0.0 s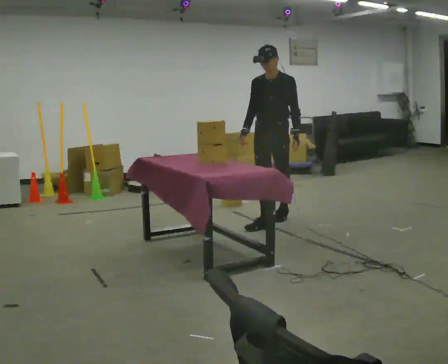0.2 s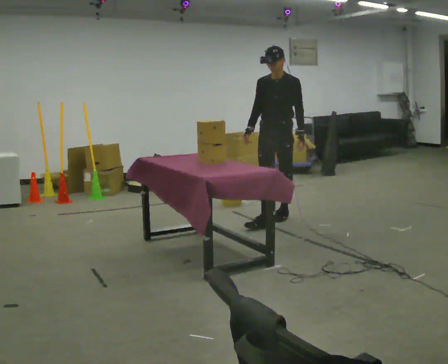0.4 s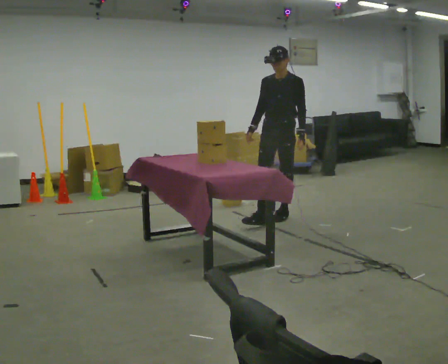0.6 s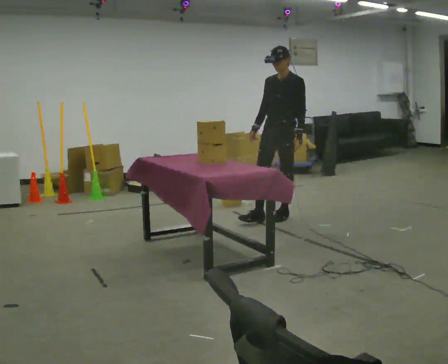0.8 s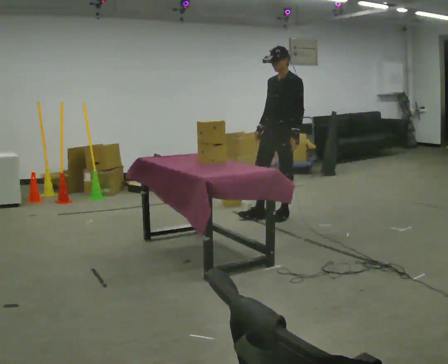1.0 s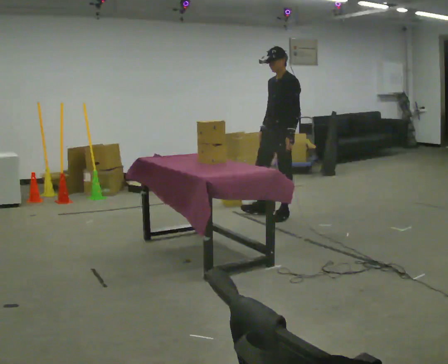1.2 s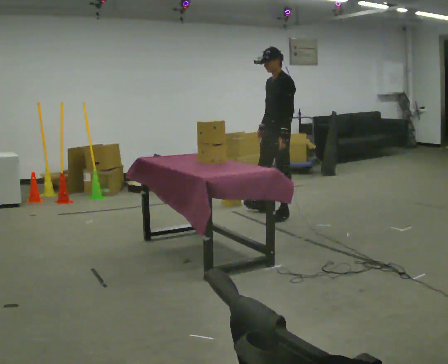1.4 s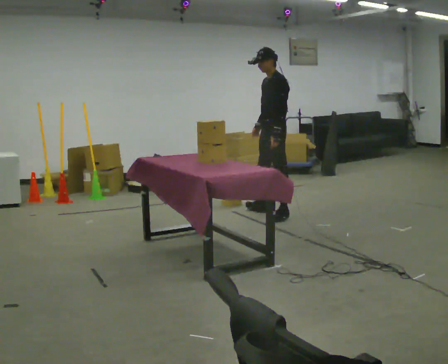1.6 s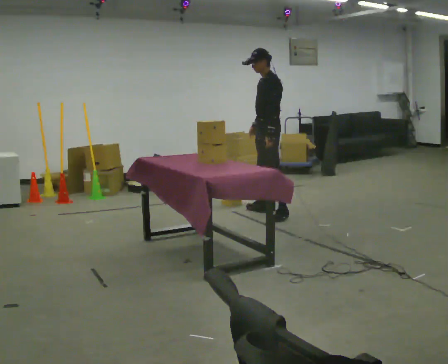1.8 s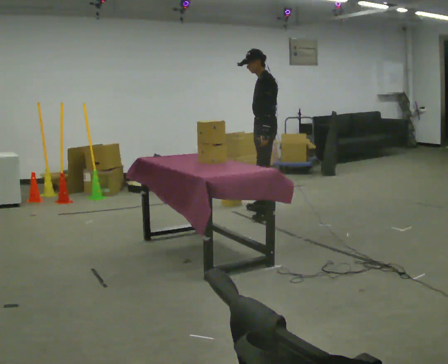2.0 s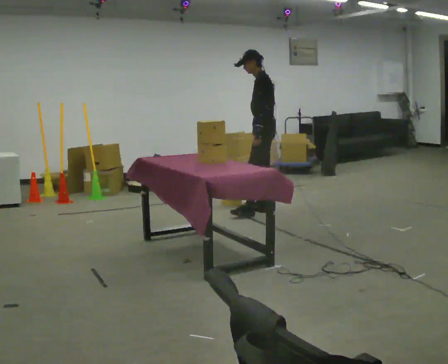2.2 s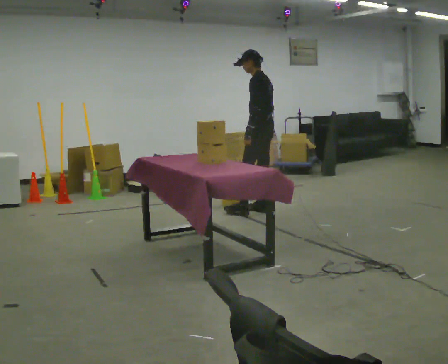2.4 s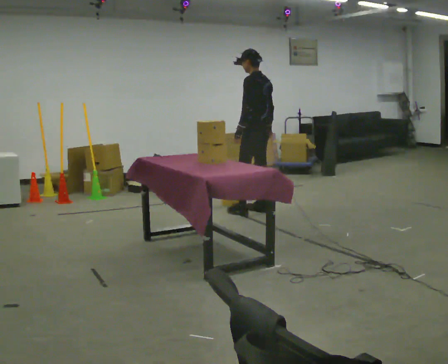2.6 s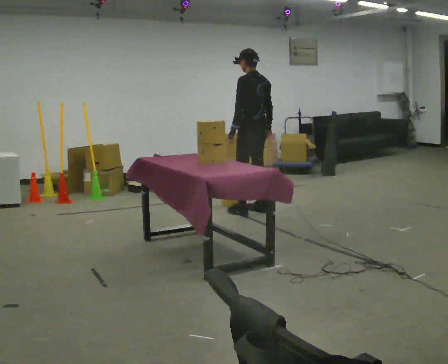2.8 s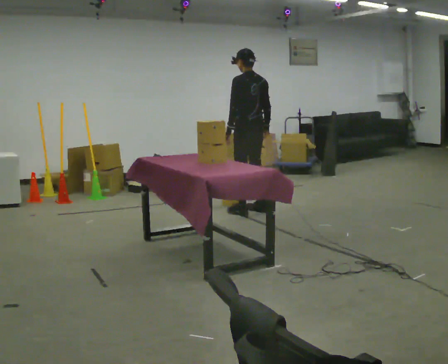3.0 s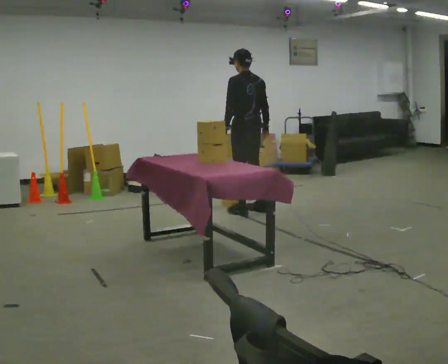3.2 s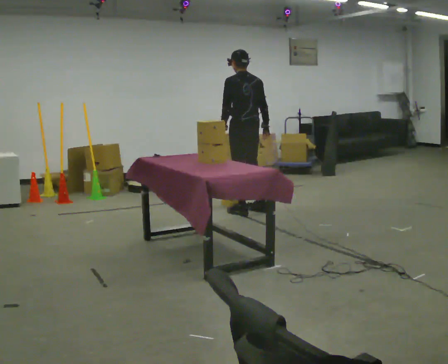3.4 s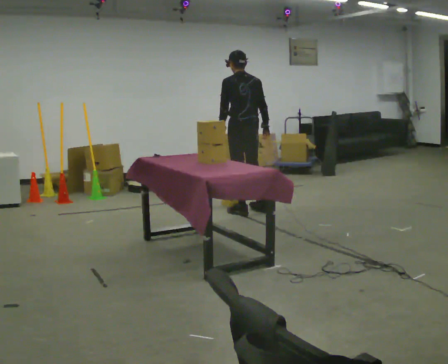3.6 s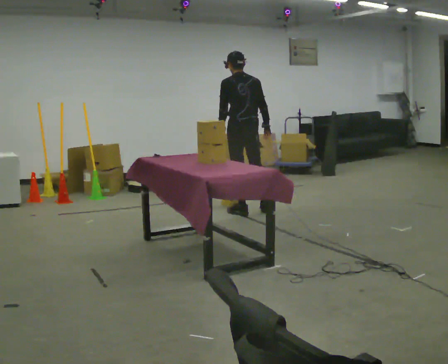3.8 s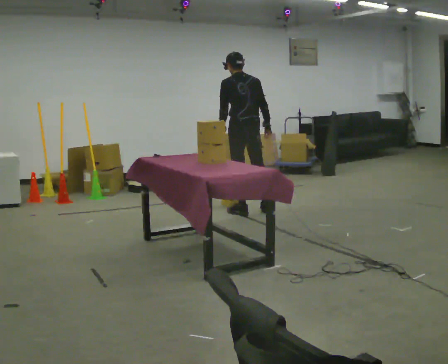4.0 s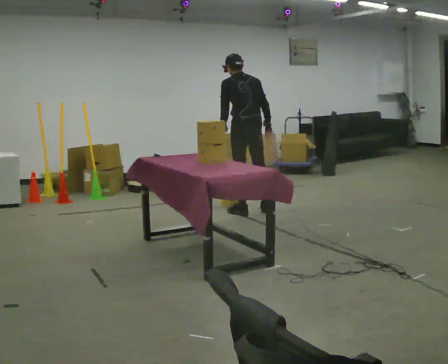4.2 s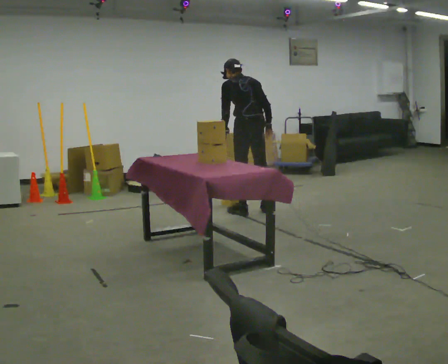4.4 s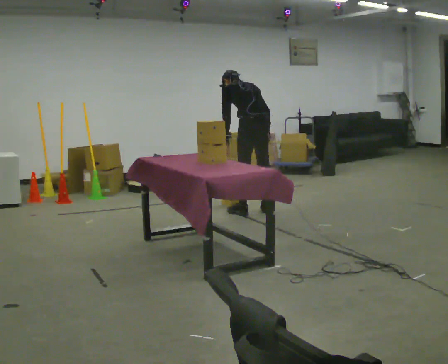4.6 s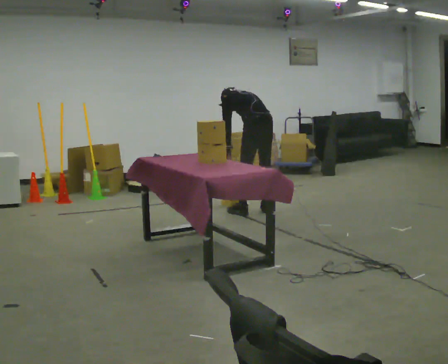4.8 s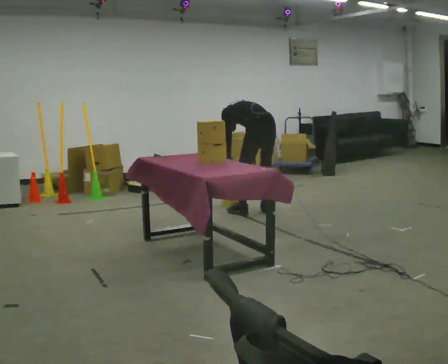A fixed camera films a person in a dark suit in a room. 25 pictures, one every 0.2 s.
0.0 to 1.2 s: The person turns about 45 degrees to their right, clockwise seen from above, so the part of the body nearest the lens slides to the left. In the picture they go away from the camera, about 0.25 m in 1 step, which for them is backward.
1.2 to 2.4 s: Seen from above the body turns clockwise, about 45 degrees: to their right, with its near side sliding to the left. In the picture they go away from the camera and to the left, about 0.25 m in 1 step, which for them is to their right and forward.
2.4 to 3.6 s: The part of the body nearest the lens slides to the left as the person turns to their right by about 45 degrees. In the picture they go to the left, about 0.25 m, which for them is to their left.
3.6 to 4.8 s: In the picture they go to the right, about 0.25 m, which for them is to their right. The upper body goes downward. The upper body tips away from the camera, its near side rolling upward, as they bend forward. In the picture their right hand goes downward.
The film runs backward here.
